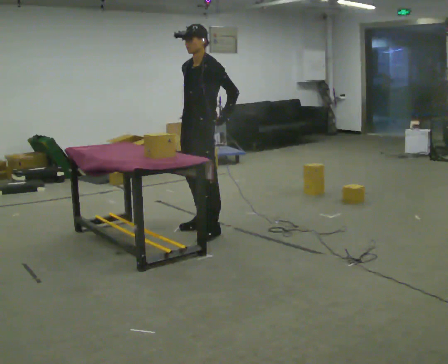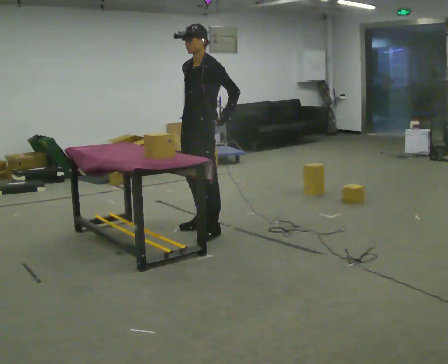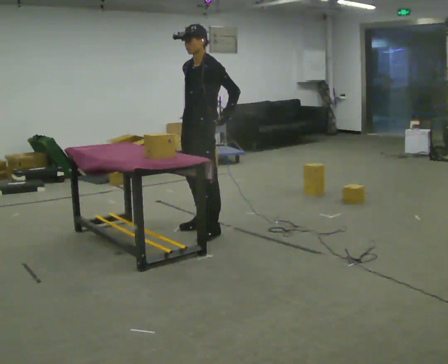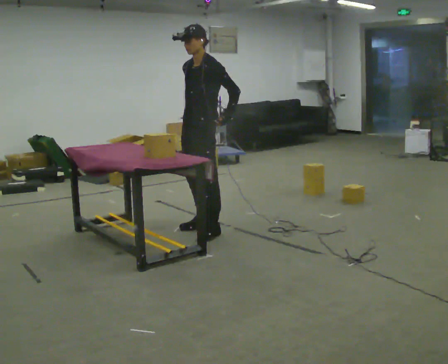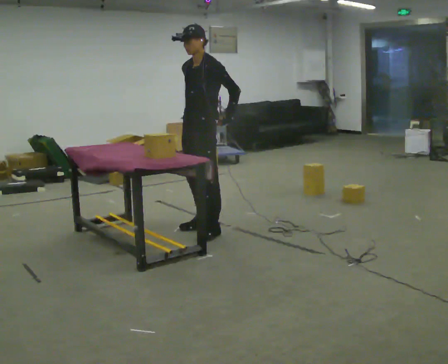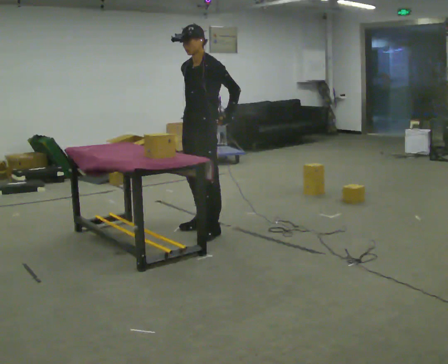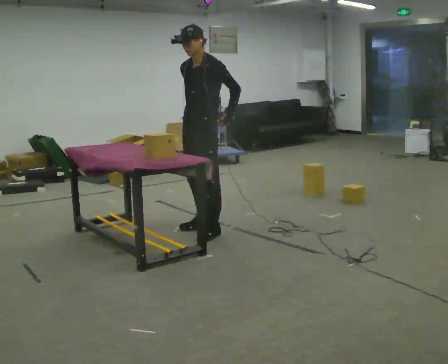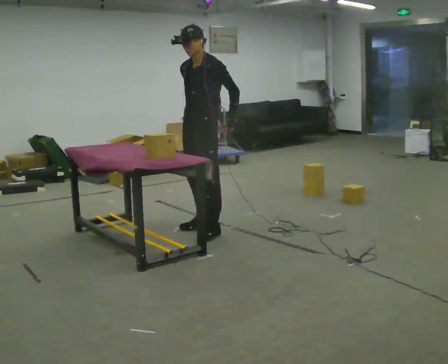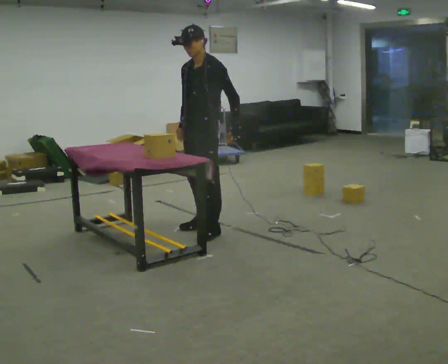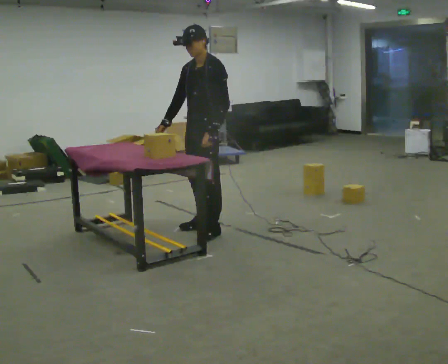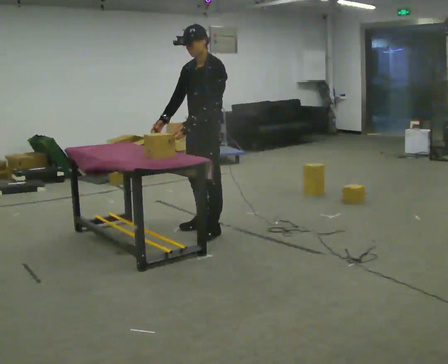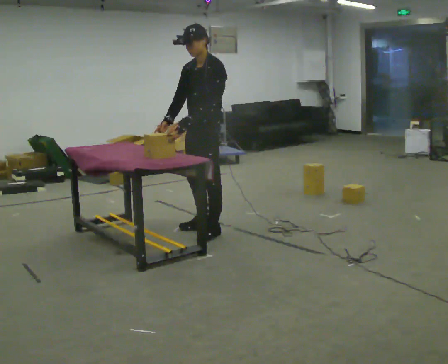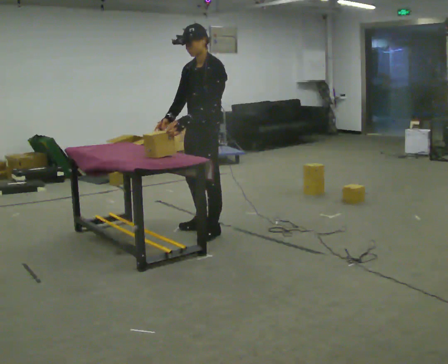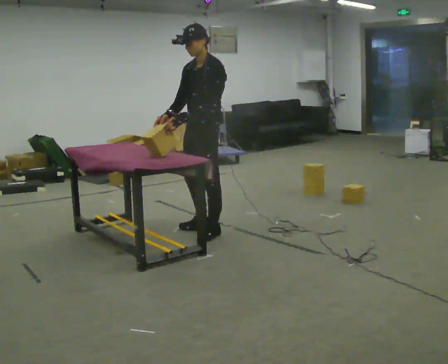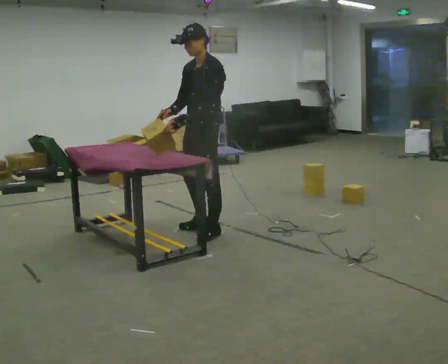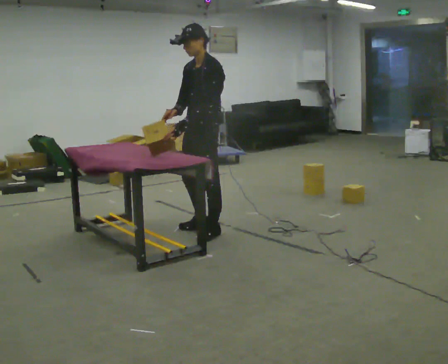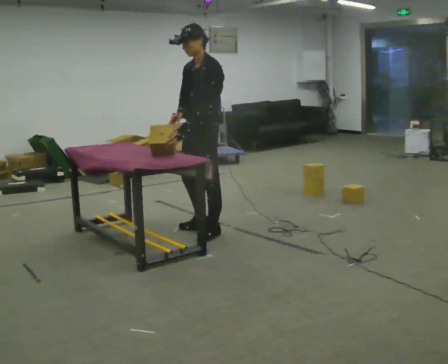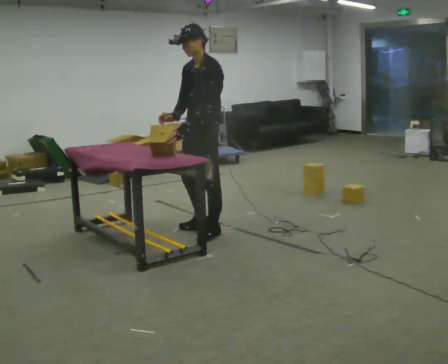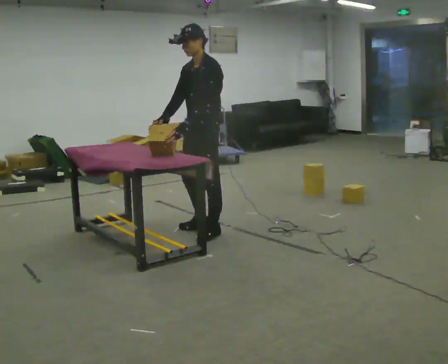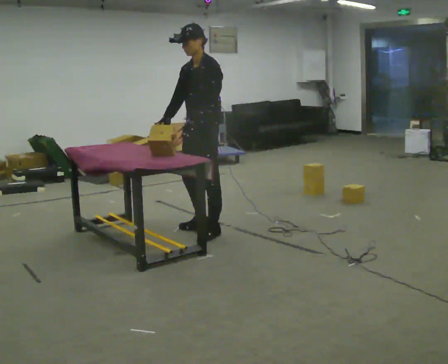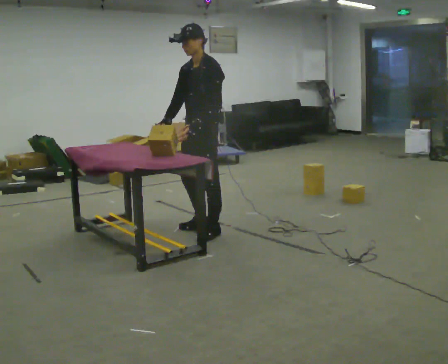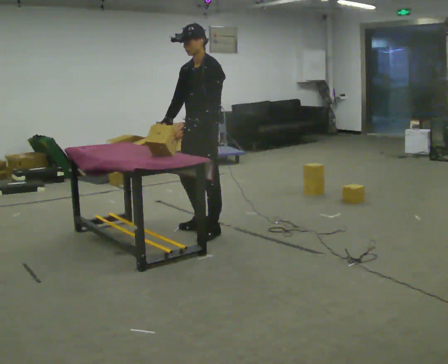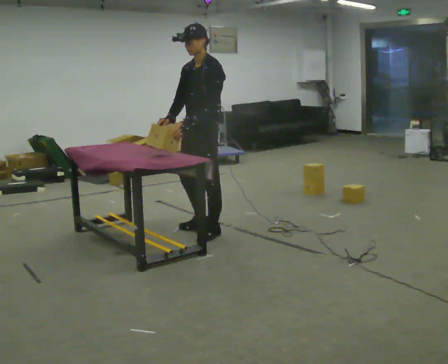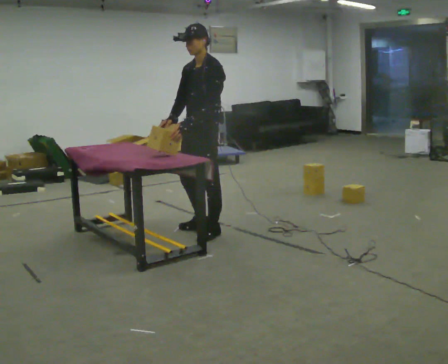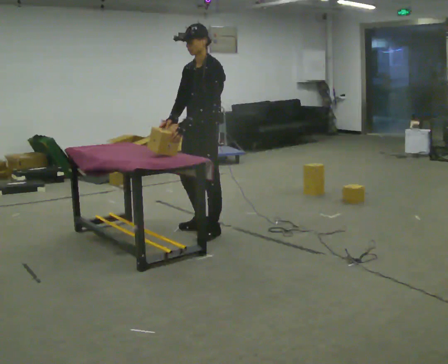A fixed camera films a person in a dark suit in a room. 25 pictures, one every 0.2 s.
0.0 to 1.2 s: The person moves a little, or ends about where they began.
1.2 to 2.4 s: In the picture their left hand goes to the left, the arm swinging clockwise.
2.4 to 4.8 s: The person moves a little, or ends about where they began.
The film runs forward here.
